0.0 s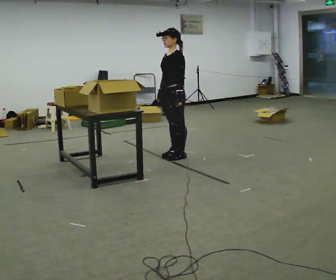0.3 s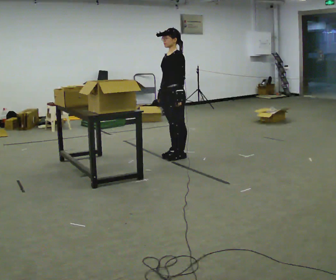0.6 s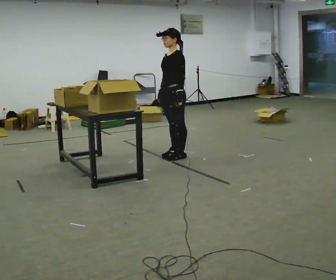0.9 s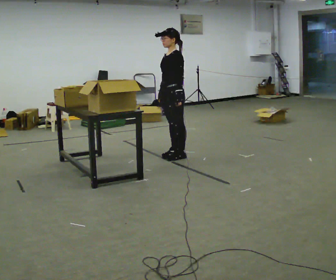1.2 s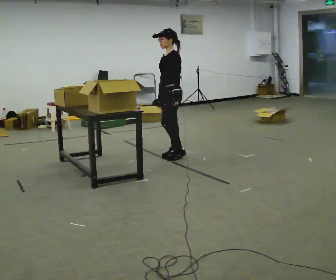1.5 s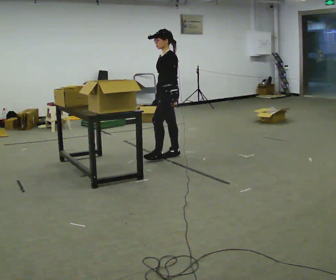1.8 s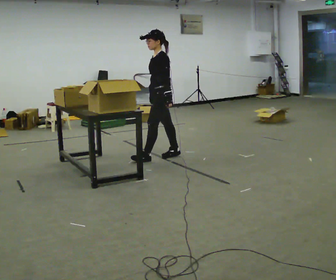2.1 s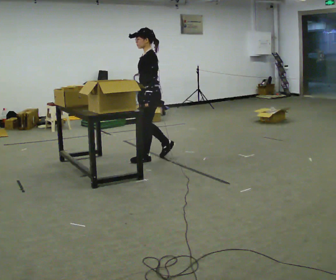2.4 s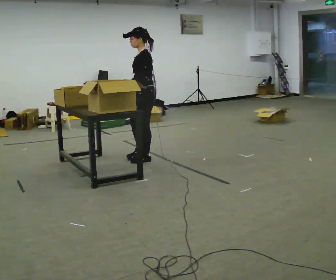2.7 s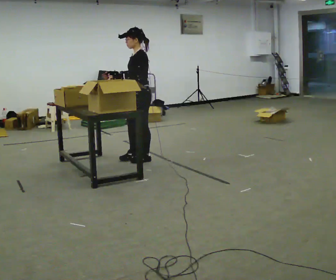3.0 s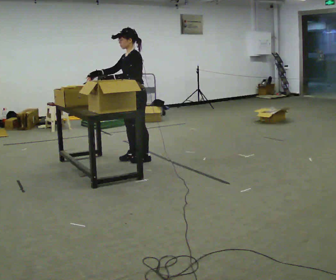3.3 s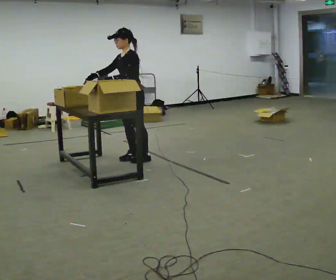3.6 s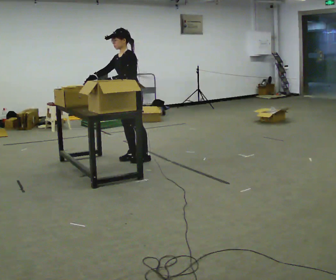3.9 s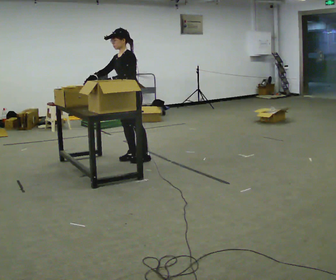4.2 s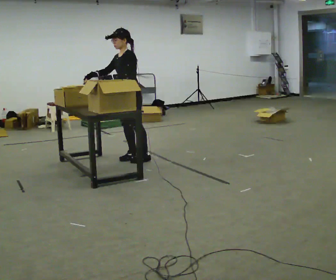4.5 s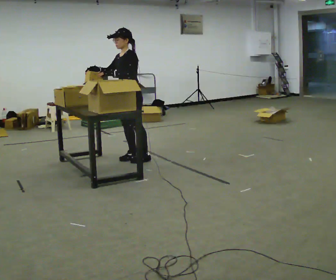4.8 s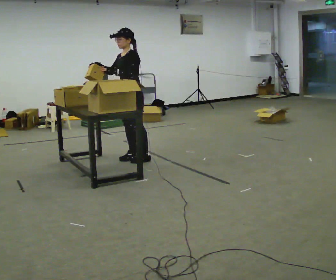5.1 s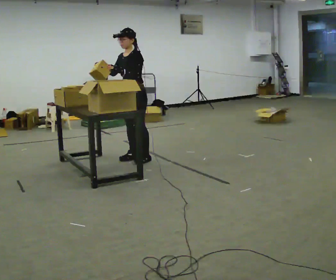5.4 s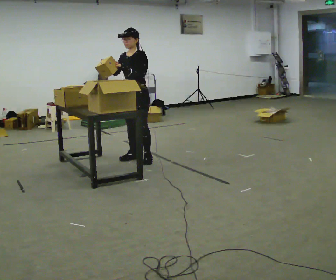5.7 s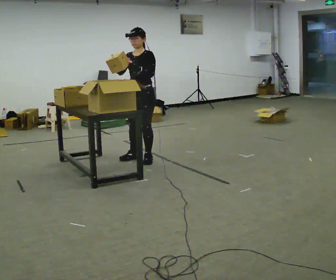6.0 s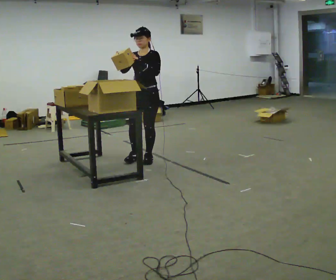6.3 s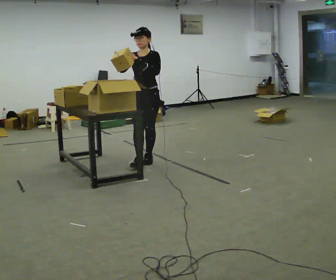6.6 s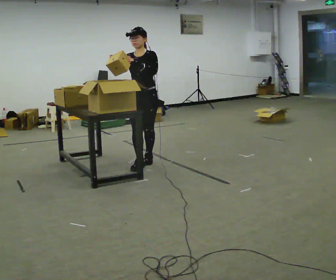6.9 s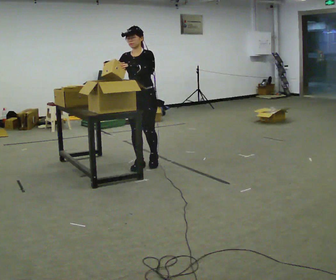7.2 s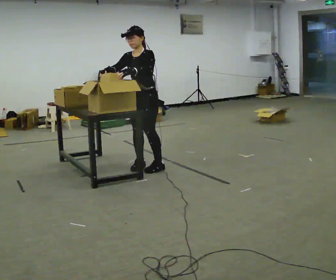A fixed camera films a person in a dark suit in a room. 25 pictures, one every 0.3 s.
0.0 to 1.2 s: The person moves a little, or ends about where they began.
1.2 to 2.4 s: In the picture they go to the left and toward the camera, about 0.25 m in 1 step, which for them is forward.
2.4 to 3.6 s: In the picture they go to the left, about 0.25 m in 1 step, which for them is forward and to their right. In the picture their right hand goes to the left.
3.6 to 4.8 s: The person moves a little, or ends about where they began.
4.8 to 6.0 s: Seen from above the body turns counterclockwise, about 30 degrees: to their left, with its near side sliding to the right.
6.0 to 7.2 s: In the picture they go toward the camera, about 0.25 m in 2 steps, which for them is forward.
The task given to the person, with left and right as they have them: Move the items from one container to the other one at a time, then move them back. Repeat at your own pace until the operator says stop. Keep both feet on the marked spots for the whole take. If you have to step, stop and tell the operator.
The film runs forward here.
